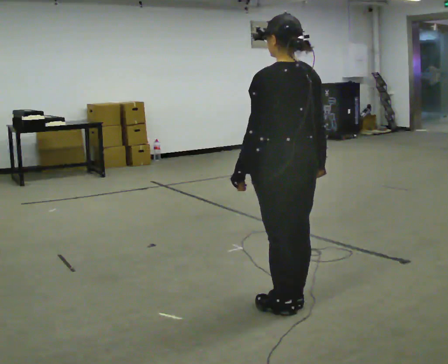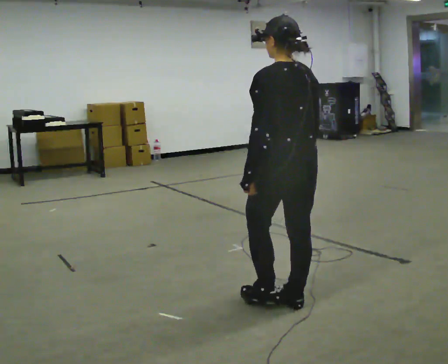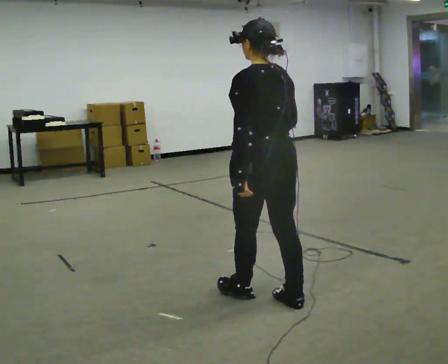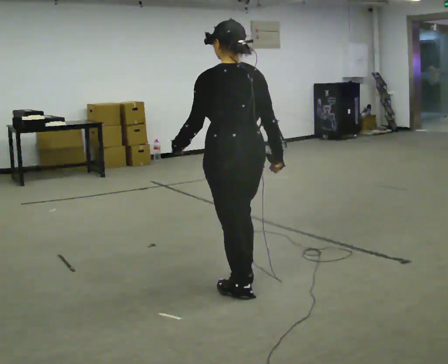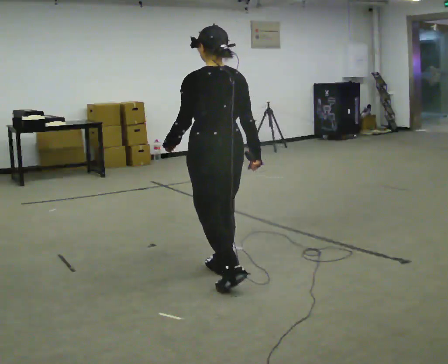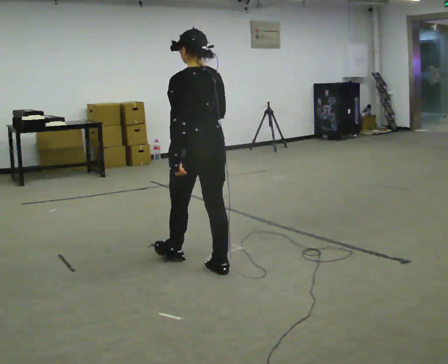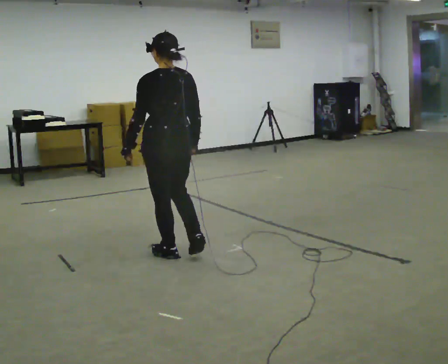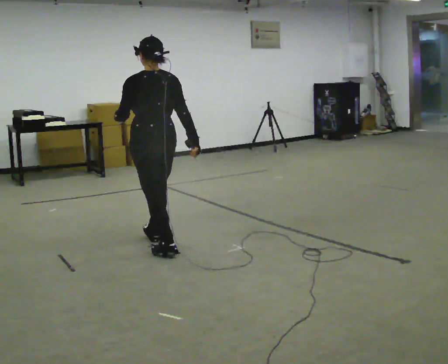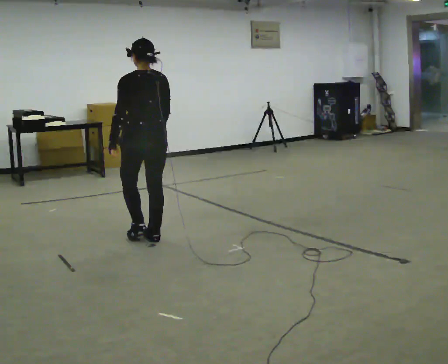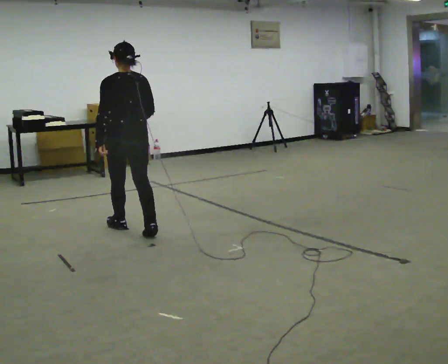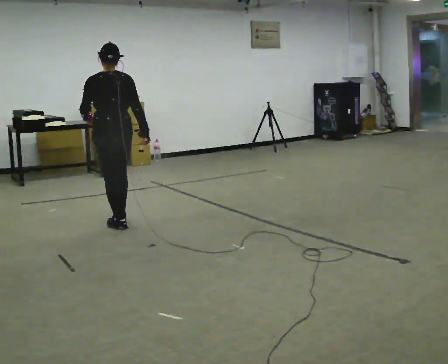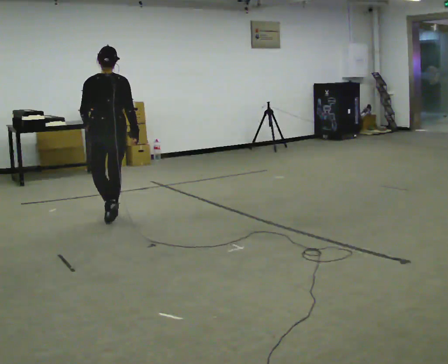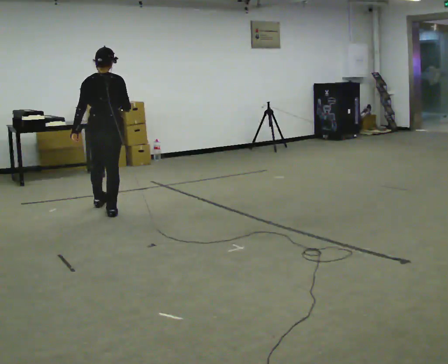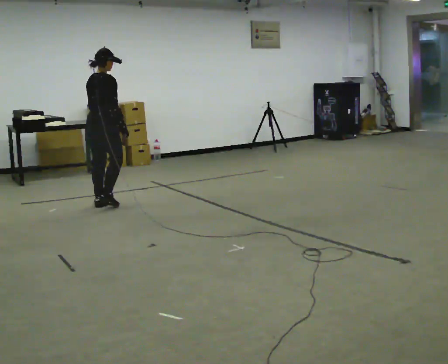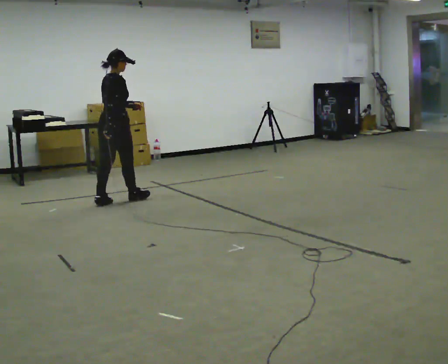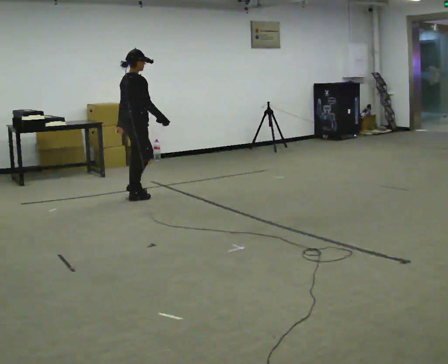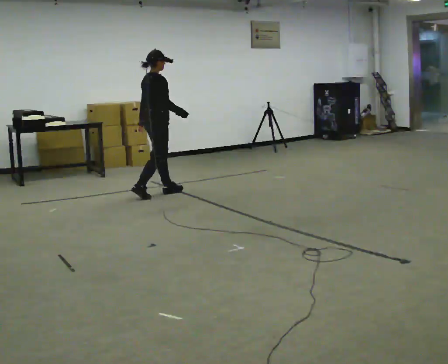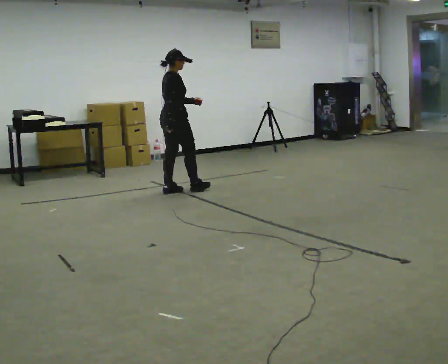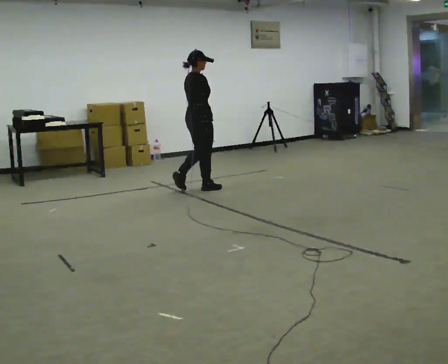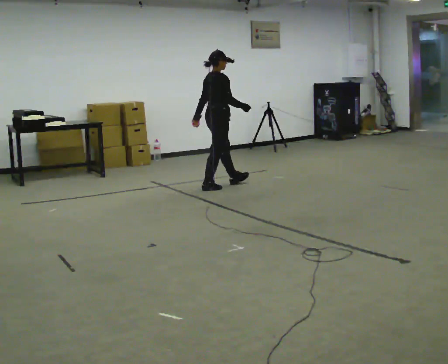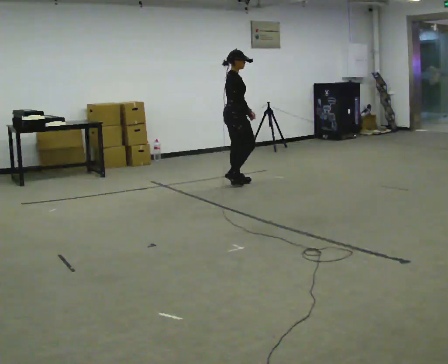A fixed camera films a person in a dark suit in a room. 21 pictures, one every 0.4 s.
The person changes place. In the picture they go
away from the camera.
0.0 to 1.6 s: In the picture they go away from the camera and to the left, about 0.75 m in 2 steps, which for them is forward.
1.6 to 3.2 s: In the picture they go away from the camera and to the left, about 1 m in 2 steps, which for them is forward.
3.2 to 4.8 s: The part of the body nearest the lens slides to the left as the person turns to their right by about 45 degrees. In the picture they go away from the camera, about 1 m in 3 steps, which for them is forward.
4.8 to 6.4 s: The part of the body nearest the lens slides to the left as the person turns to their right by about 45 degrees. In the picture they go away from the camera and to the right, about 1 m in 2 steps, which for them is forward.
6.4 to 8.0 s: In the picture they go to the right, about 1 m in 2 steps, which for them is forward.
The film runs forward here.
